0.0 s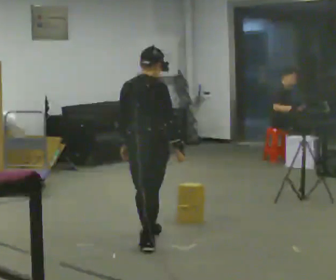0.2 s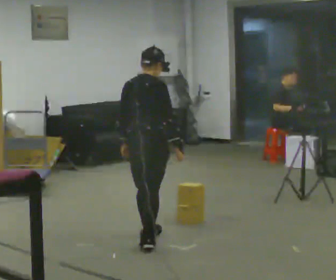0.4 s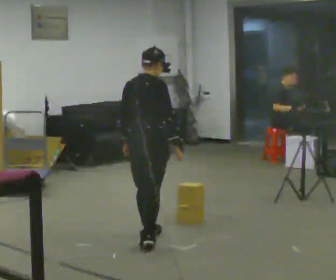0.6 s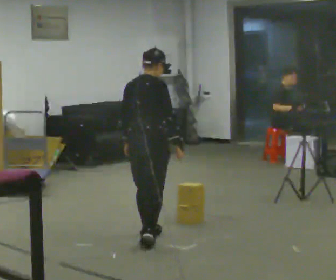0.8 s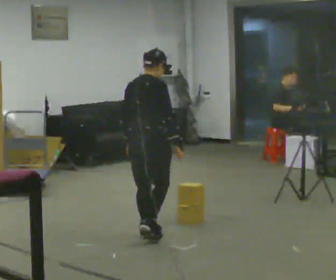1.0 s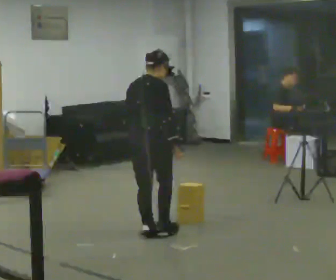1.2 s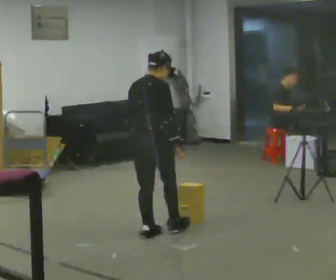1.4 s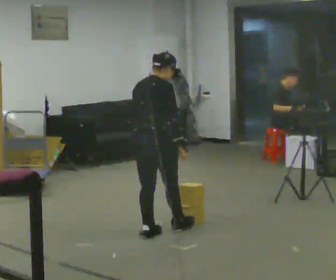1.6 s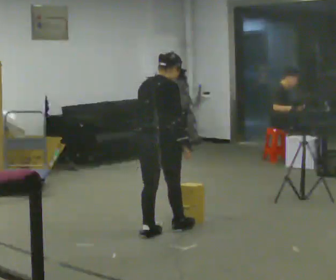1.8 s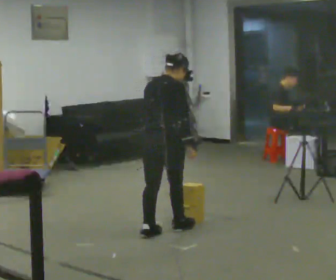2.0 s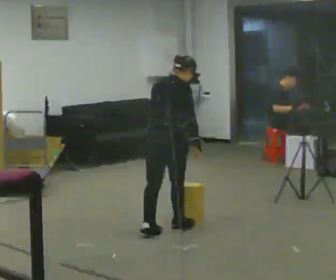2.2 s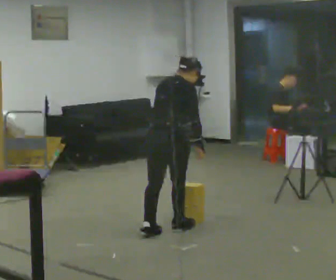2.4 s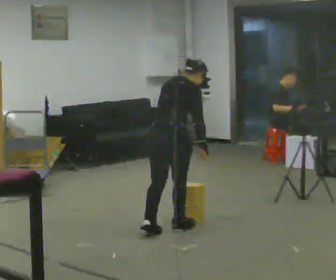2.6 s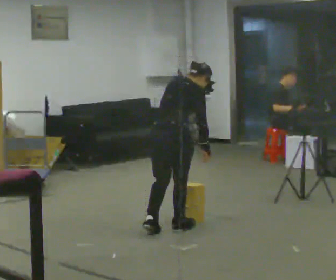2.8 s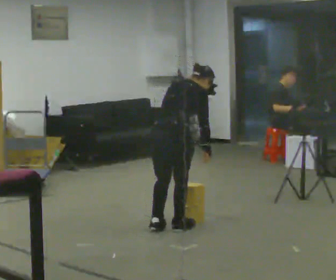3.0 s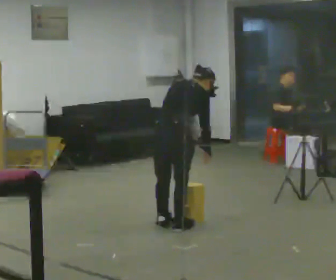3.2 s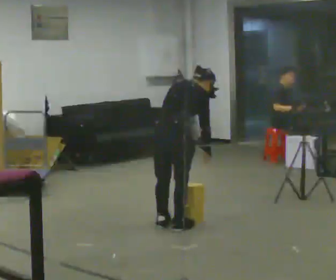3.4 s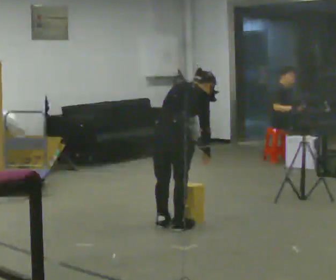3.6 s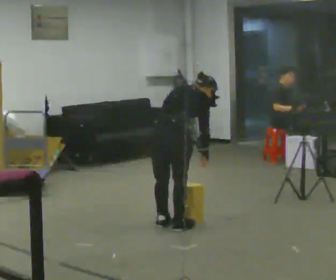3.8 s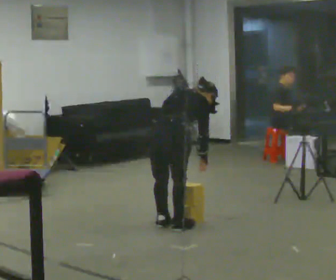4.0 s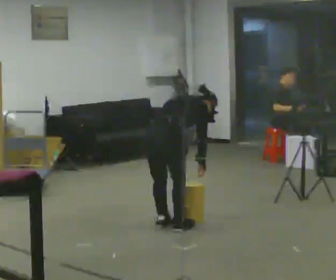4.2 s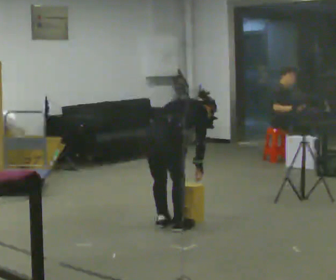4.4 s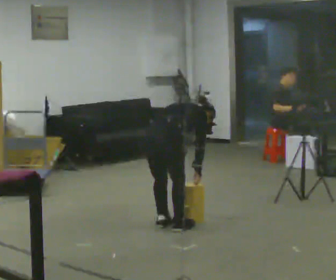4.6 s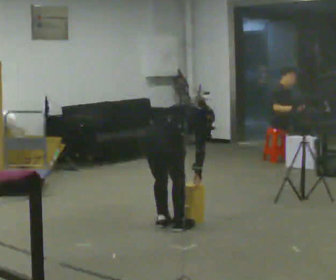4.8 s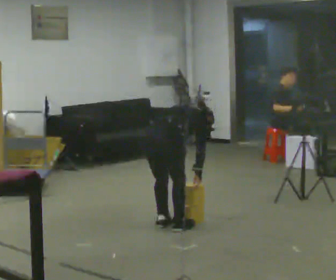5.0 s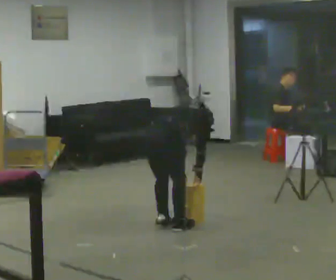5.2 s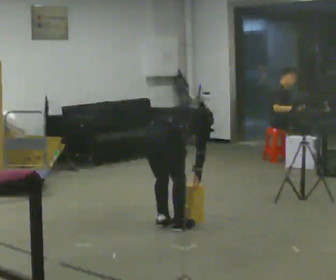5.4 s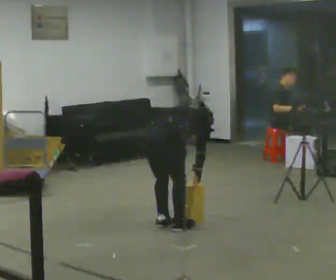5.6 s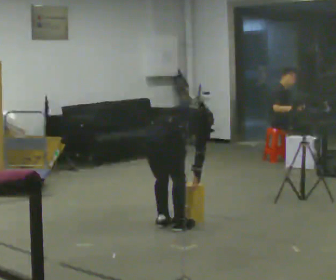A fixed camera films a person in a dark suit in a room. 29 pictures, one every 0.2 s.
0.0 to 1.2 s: In the picture they go away from the camera, about 0.25 m, which for them is forward and to their left.
1.2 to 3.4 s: In the picture they go away from the camera and to the right, about 0.25 m in 2 steps, which for them is forward. The upper body tips away from the camera, its near side rolling upward, as they bend forward.
3.4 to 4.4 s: The shoulders move downward. The upper body tips away from the camera, its near side rolling upward, as they bend forward.
4.4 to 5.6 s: The person moves a little, or ends about where they began.
The film runs forward here.
